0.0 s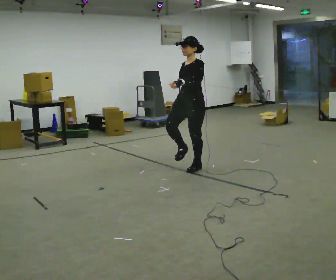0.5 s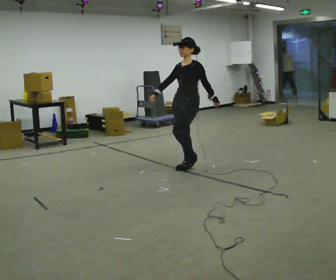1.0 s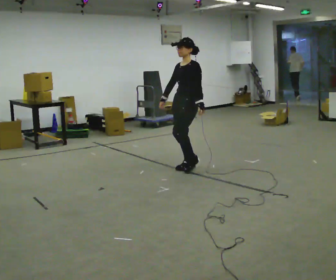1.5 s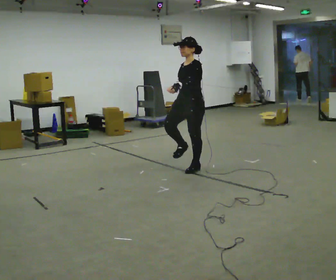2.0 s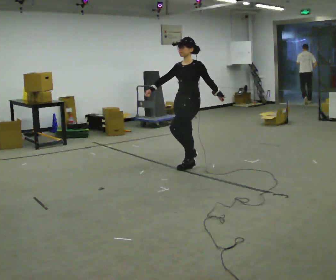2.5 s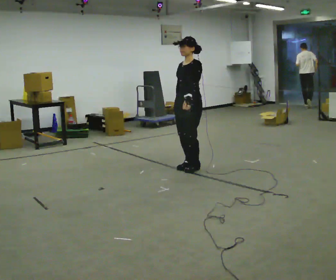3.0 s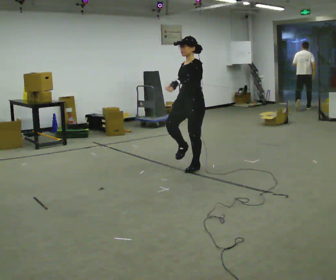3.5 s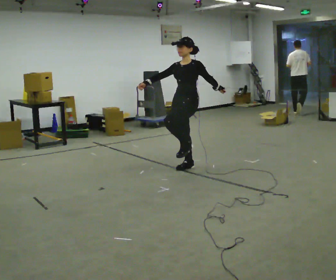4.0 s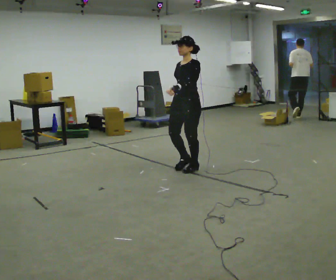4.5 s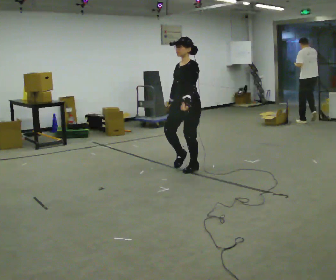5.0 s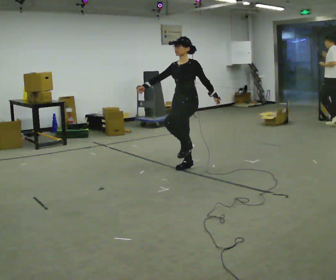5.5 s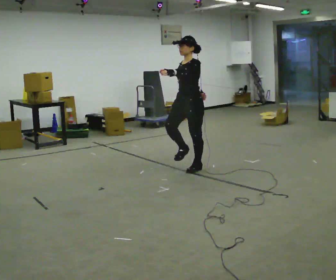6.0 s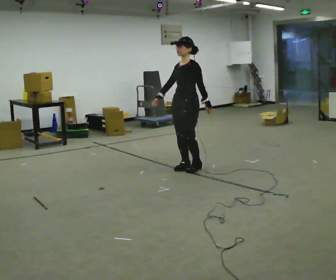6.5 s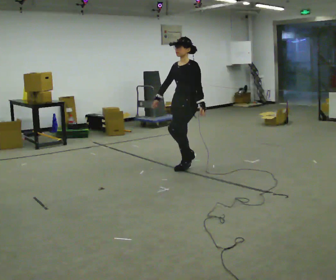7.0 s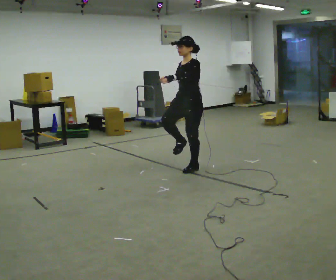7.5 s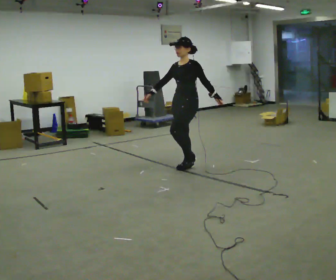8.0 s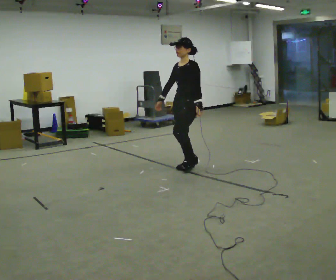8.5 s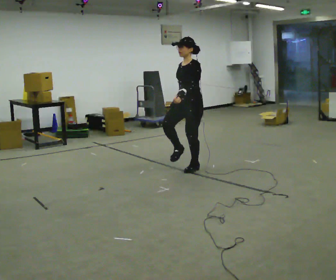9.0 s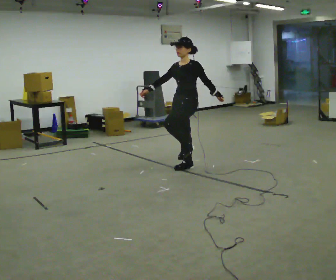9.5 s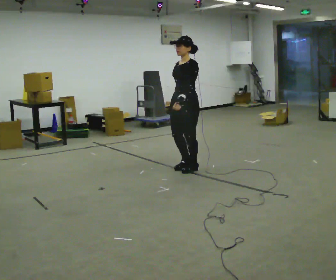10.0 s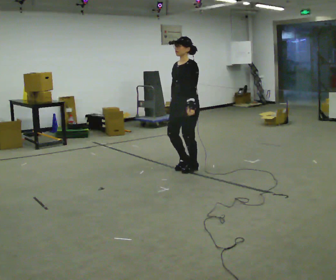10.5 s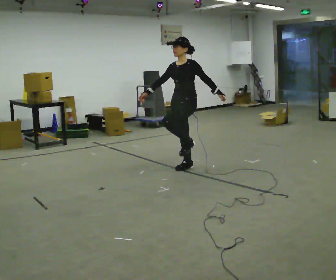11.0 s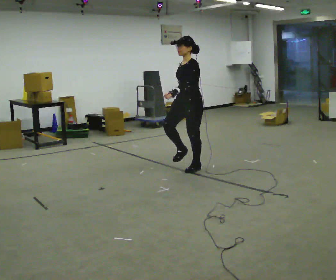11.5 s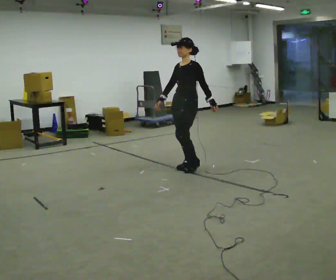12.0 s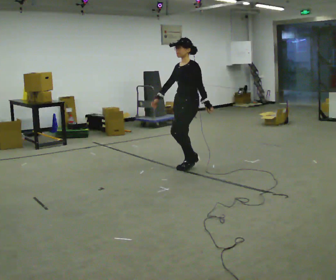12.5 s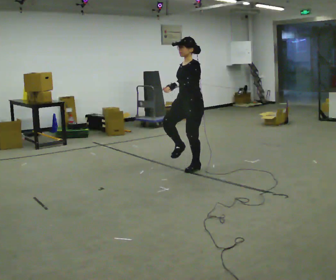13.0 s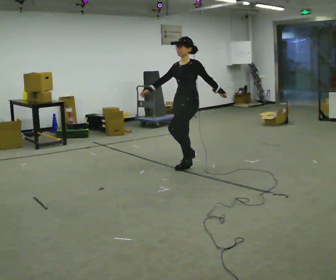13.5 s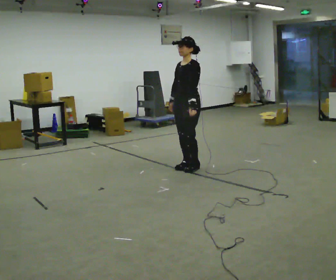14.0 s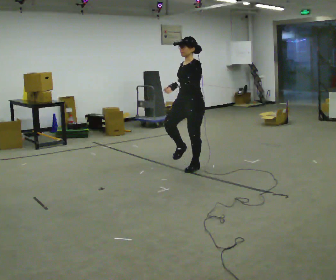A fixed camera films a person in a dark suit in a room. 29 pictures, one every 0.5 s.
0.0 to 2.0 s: In the picture their left hand goes to the right.
2.0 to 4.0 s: In the picture their left hand goes to the left.
4.0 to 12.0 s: In the picture their left hand goes to the right.
12.0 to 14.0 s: In the picture their left hand goes to the left.
The film runs backward here.
